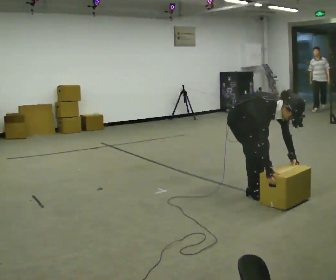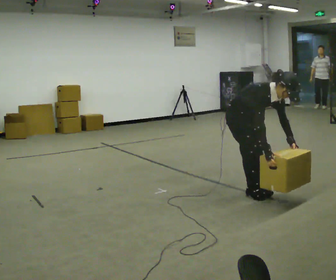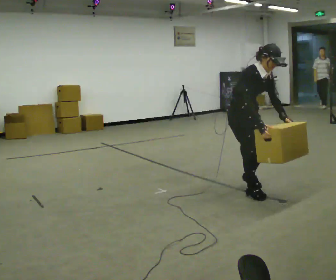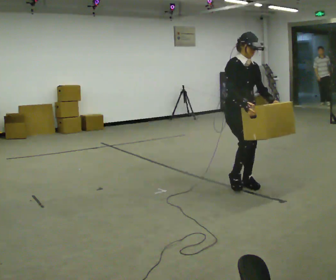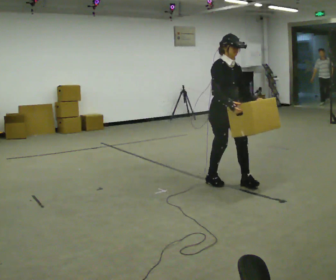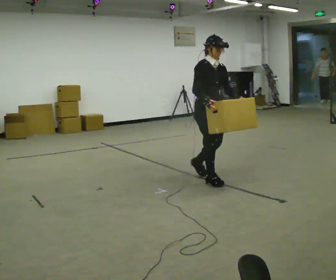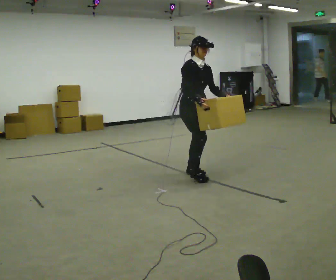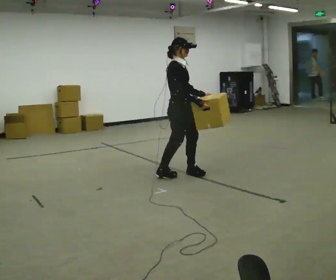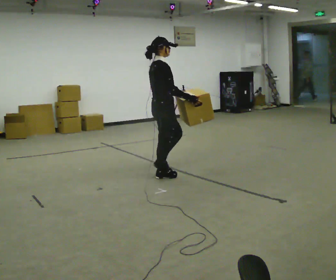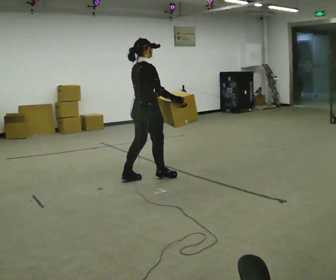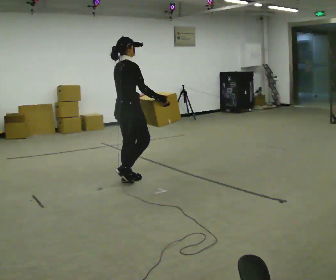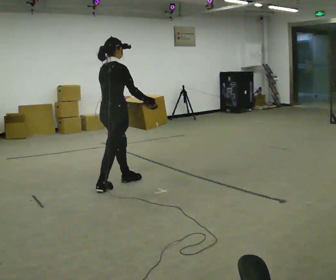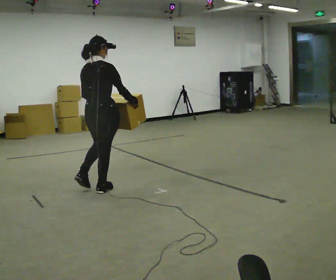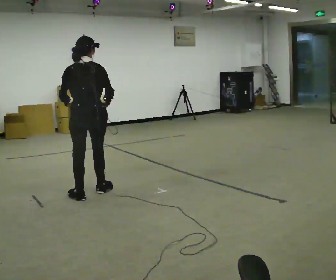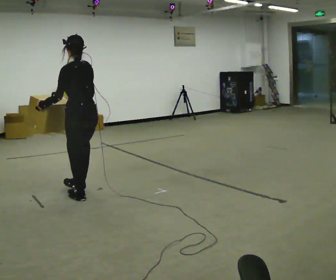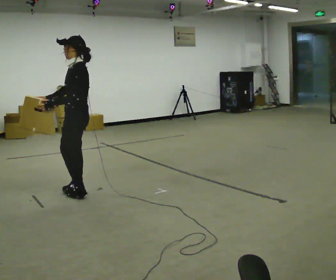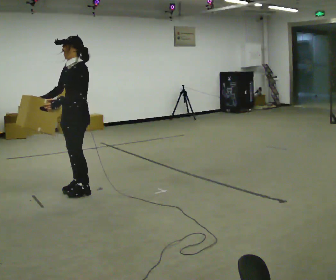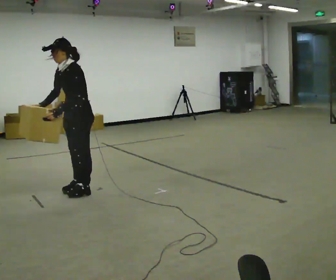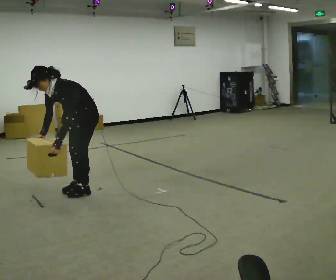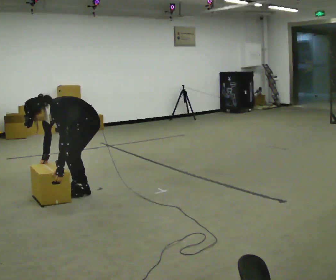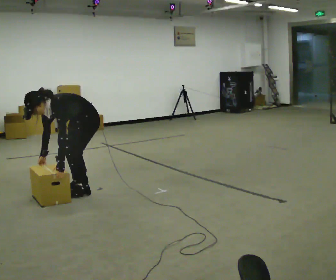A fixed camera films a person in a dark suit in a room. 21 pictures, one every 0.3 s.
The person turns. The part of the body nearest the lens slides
to the right.
The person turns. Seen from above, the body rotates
counterclockwise.
0.0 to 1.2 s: In the picture they go away from the camera, about 0.25 m in 3 steps, which for them is backward. The shoulders move upward. The upper body tips away from the camera, its near side rolling upward, as they lean back or straighten. In the picture their right hand goes upward.
1.2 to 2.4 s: The part of the body nearest the lens slides to the right as the person turns to their left by about 60 degrees. In the picture they go to the left and away from the camera, about 0.5 m in 2 steps.
2.4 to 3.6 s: The part of the body nearest the lens slides to the right as the person turns to their left by about 45 degrees. In the picture they go to the left and toward the camera, about 1 m in 2 steps, which for them is backward.
3.6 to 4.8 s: The person turns about 150 degrees to their left, counterclockwise seen from above, so the part of the body nearest the lens slides to the right. In the picture they go to the left, about 0.25 m in 2 steps. In the picture their right hand goes to the left.
4.8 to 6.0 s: The upper body goes downward. In the picture the upper body tilts counterclockwise, shoulders to the left, as they bend forward. In the picture their right hand goes downward.
The film runs backward here.
